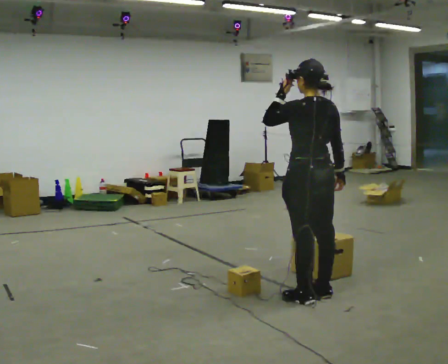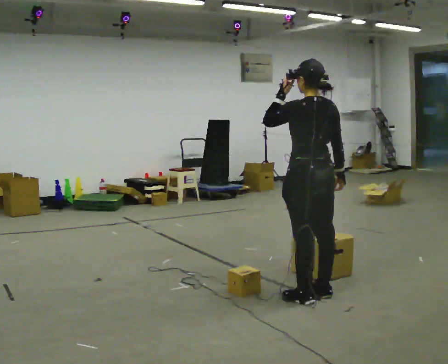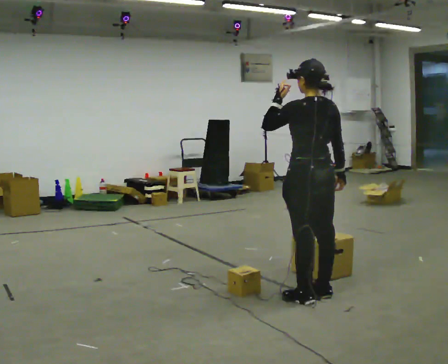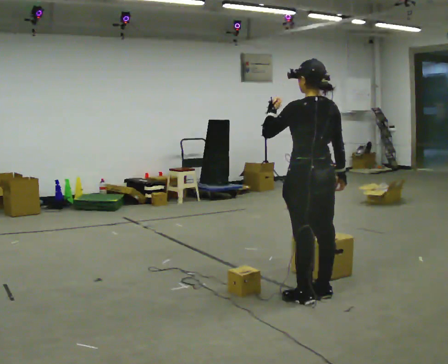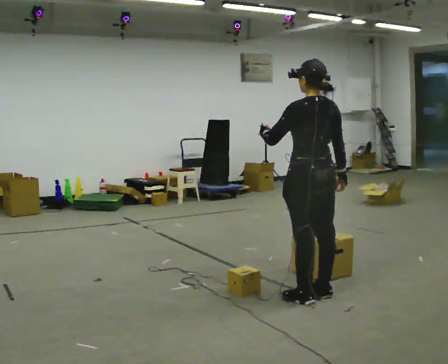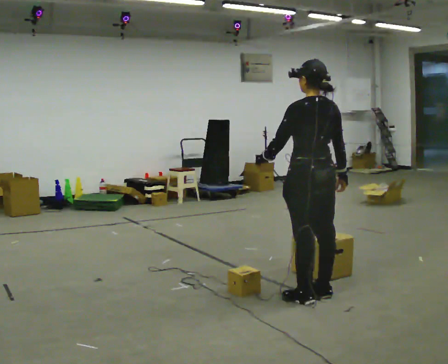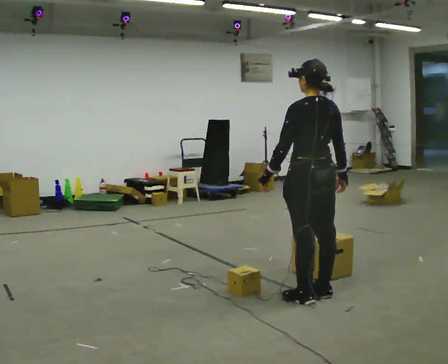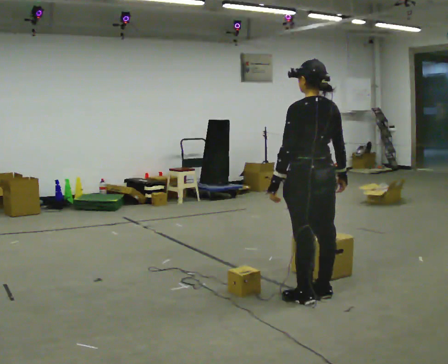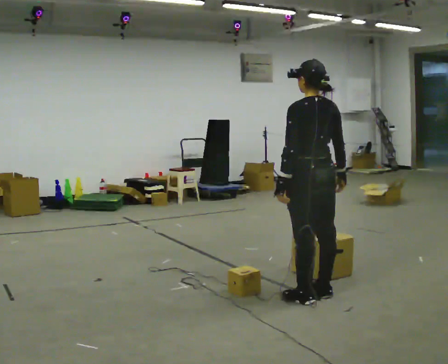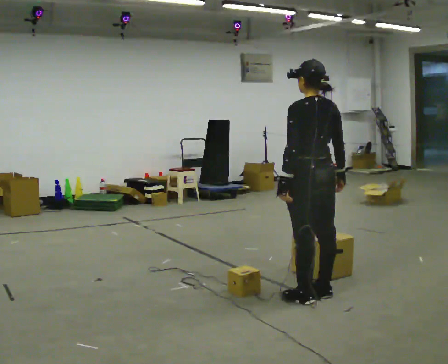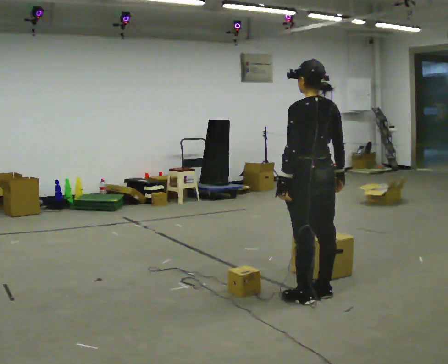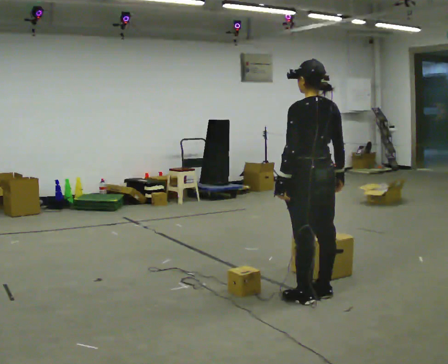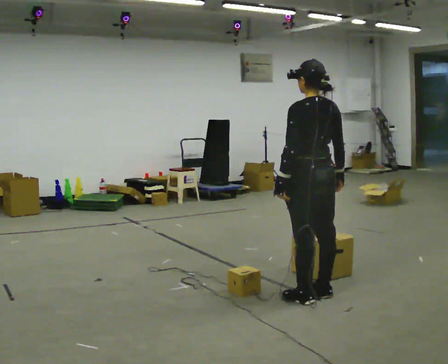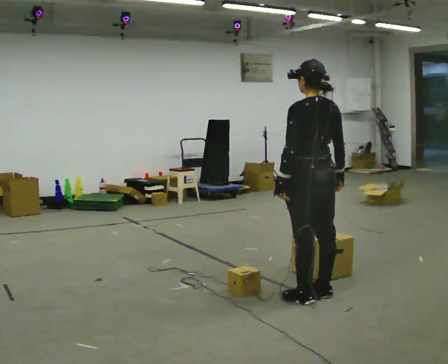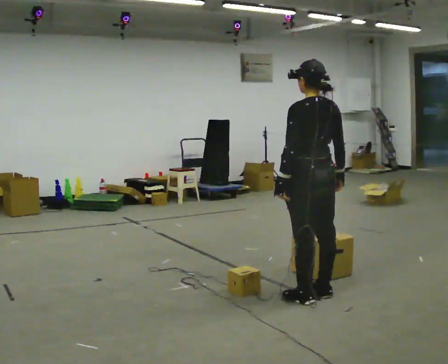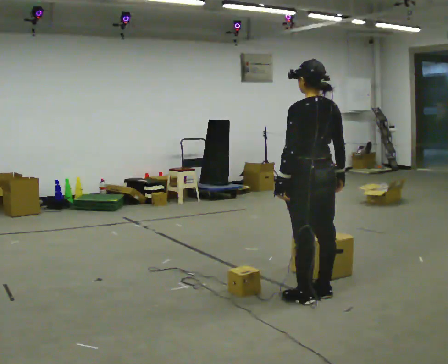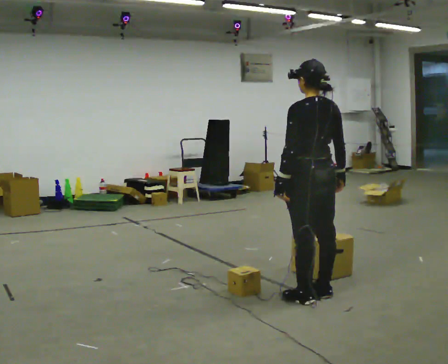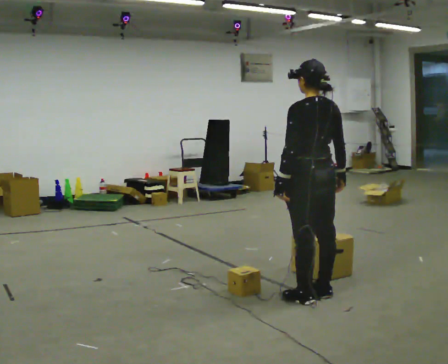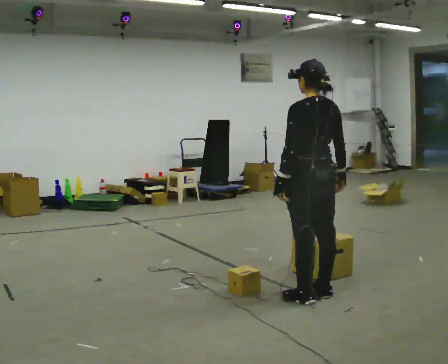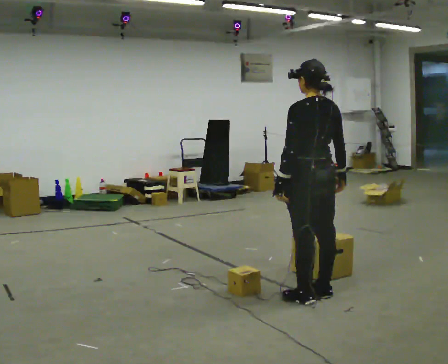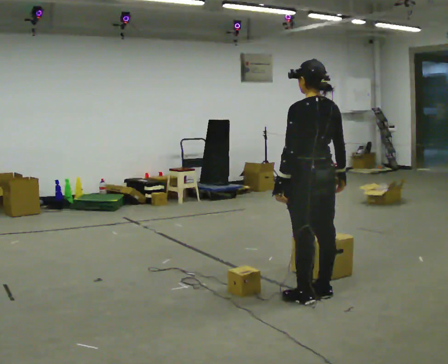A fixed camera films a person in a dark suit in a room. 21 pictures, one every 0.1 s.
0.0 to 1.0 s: In the picture their left hand goes downward.
1.0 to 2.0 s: The person keeps their place and pose.
The film runs forward here.
